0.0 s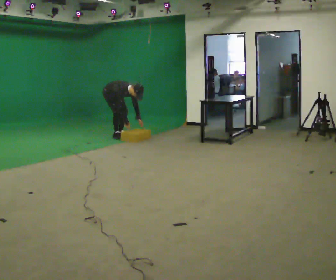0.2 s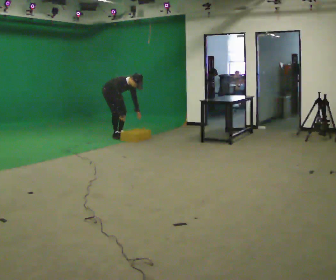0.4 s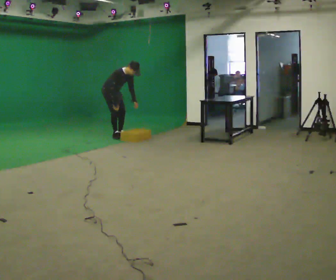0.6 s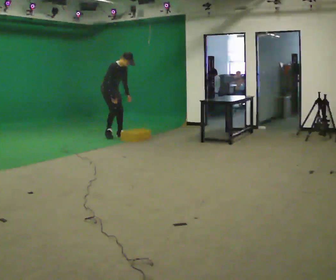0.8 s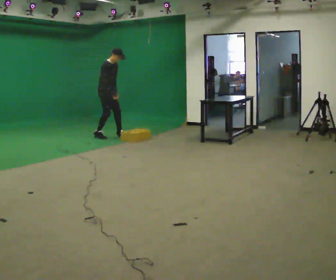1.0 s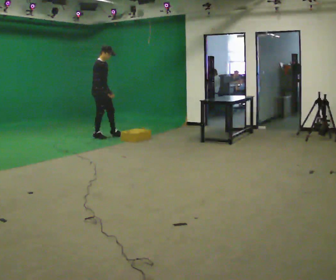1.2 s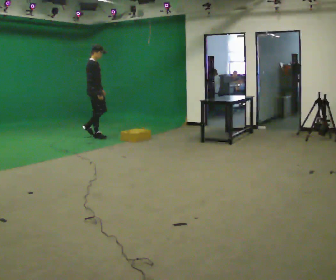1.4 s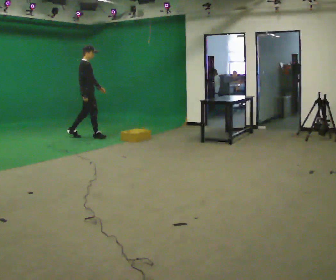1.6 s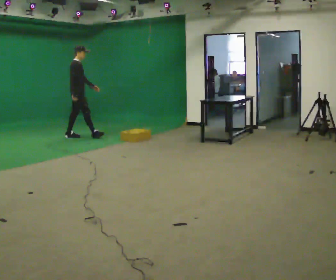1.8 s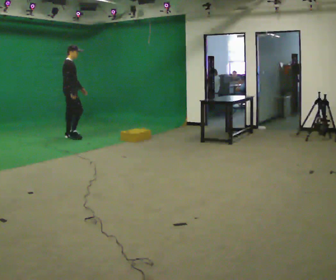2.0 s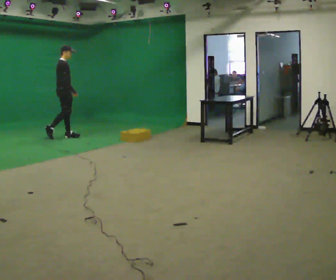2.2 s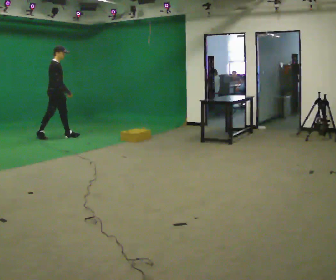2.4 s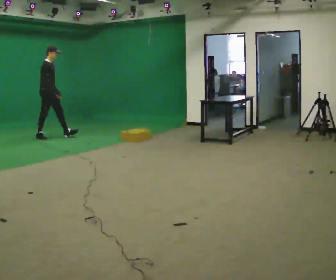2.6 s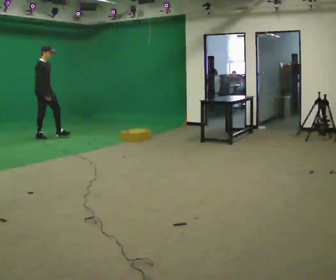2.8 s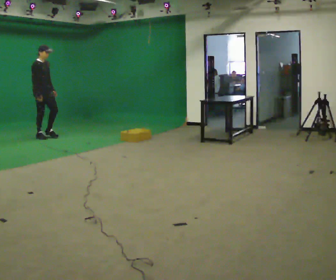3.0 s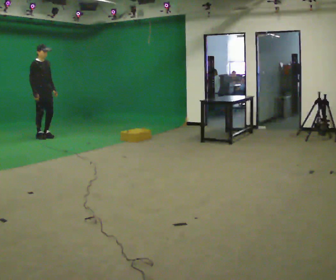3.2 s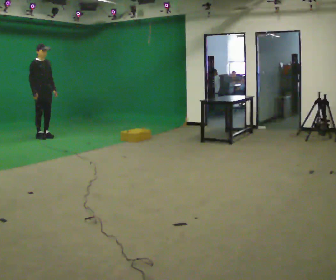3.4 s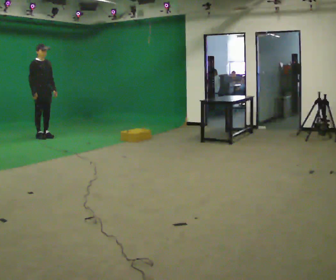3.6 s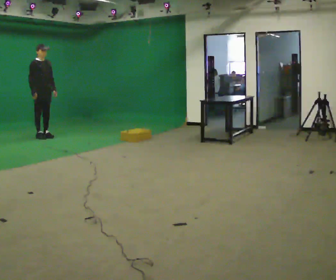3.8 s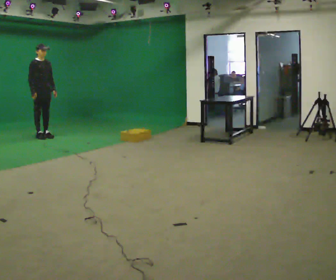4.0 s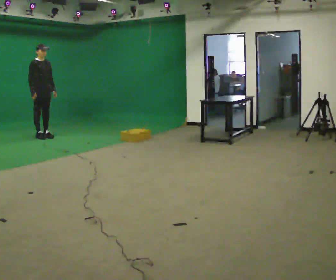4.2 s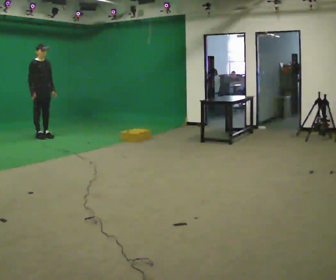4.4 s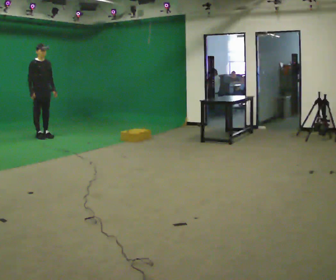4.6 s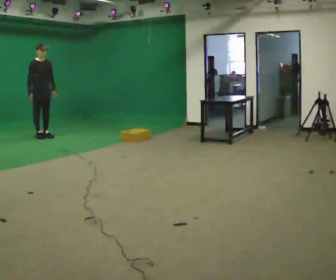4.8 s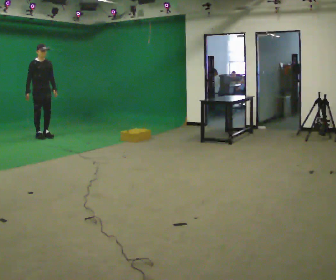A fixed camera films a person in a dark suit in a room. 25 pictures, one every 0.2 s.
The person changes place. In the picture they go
to the left.
The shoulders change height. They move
upward.
0.0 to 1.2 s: The part of the body nearest the lens slides to the right as the person turns to their left by about 30 degrees. In the picture they go to the left, about 0.25 m in 2 steps, which for them is to their right and backward. The upper body goes upward. The upper body tips away from the camera, its near side rolling upward, as they lean back or straighten. In the picture their left hand goes upward.
1.2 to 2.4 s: In the picture they go to the left, about 1 m in 1 step, which for them is backward.
2.4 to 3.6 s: The person turns about 30 degrees to their right, clockwise seen from above, so the part of the body nearest the lens slides to the left.
3.6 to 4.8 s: The person moves a little, or ends about where they began.
The film runs backward here.
